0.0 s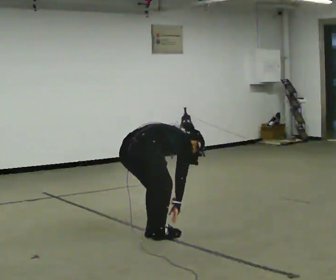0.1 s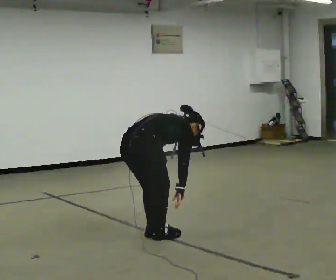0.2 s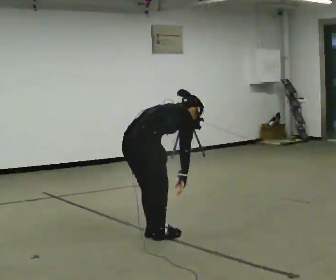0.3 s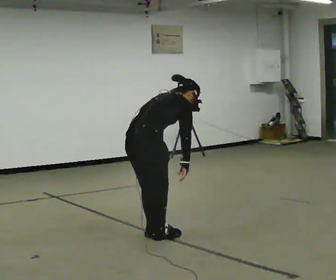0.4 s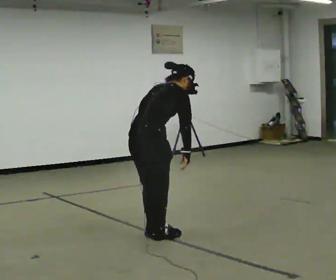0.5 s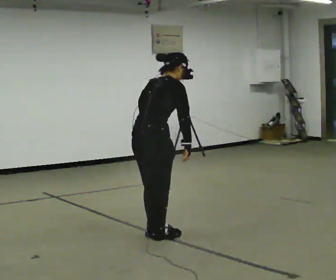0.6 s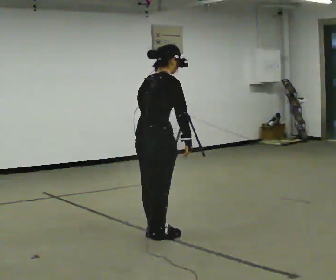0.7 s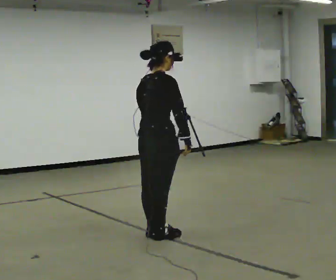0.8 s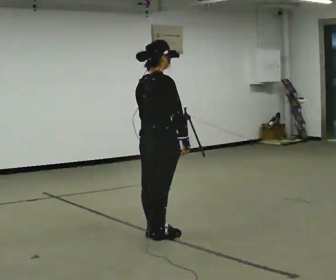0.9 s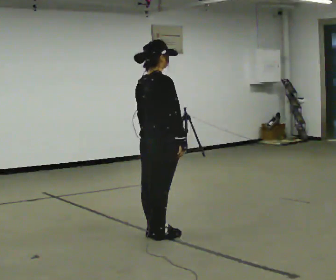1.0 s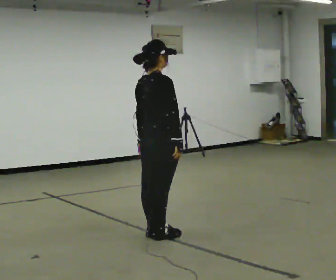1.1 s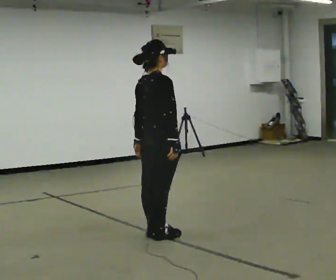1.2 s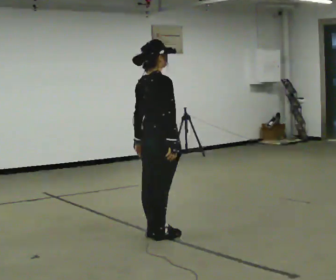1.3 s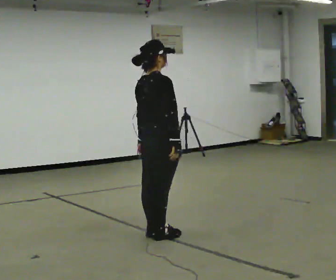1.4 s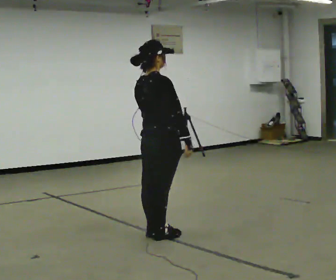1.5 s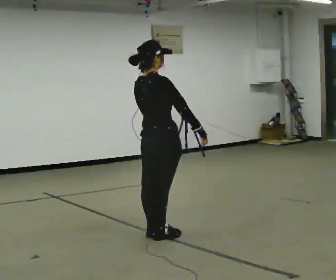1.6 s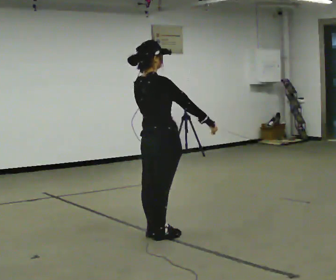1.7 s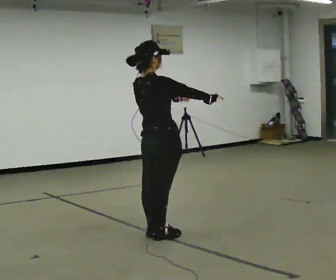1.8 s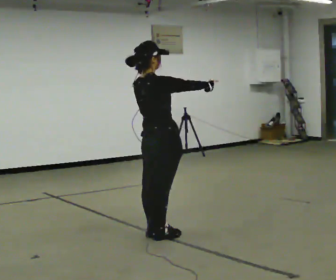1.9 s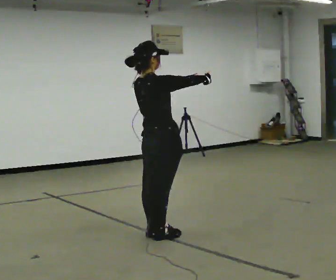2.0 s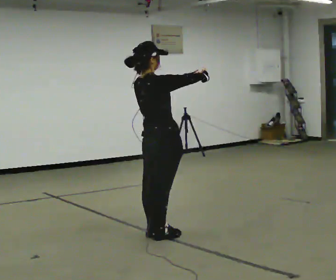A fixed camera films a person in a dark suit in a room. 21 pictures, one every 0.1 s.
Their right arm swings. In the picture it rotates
counterclockwise.
The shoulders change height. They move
upward.
0.0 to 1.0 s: The upper body goes upward. In the picture the upper body tilts counterclockwise, shoulders to the left, as they lean back or straighten. In the picture their right hand goes upward.
1.0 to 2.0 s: In the picture their right hand goes upward, the arm swinging counterclockwise.
The film runs backward here.
